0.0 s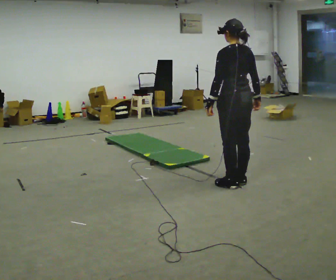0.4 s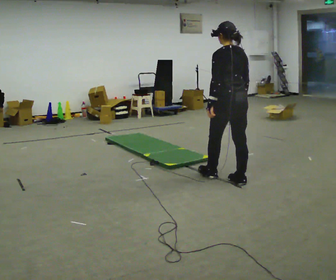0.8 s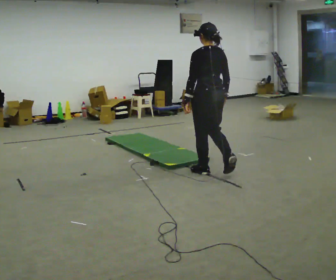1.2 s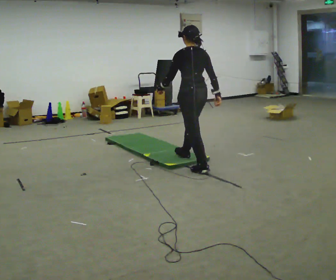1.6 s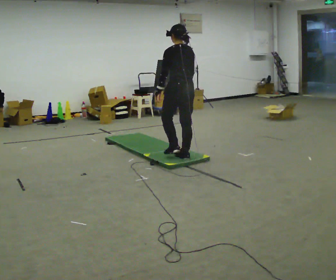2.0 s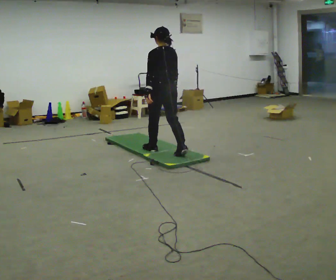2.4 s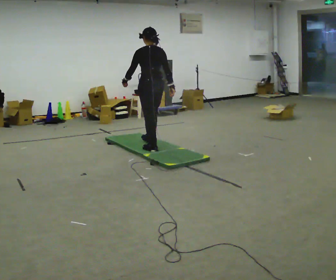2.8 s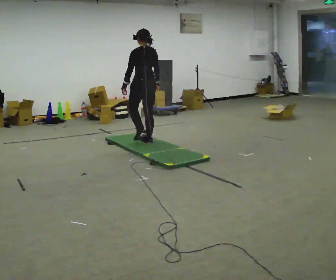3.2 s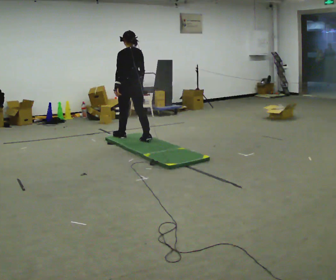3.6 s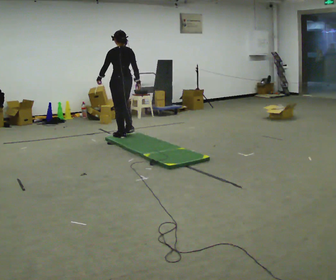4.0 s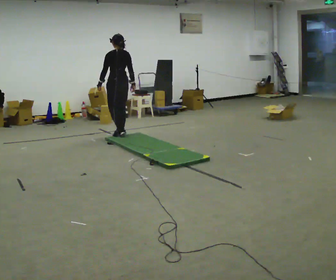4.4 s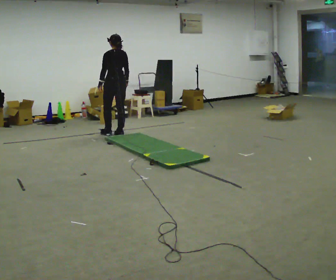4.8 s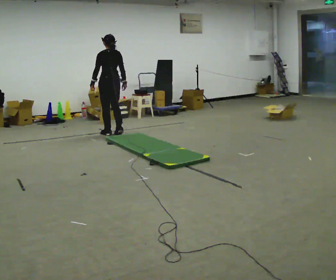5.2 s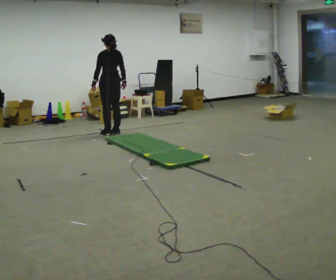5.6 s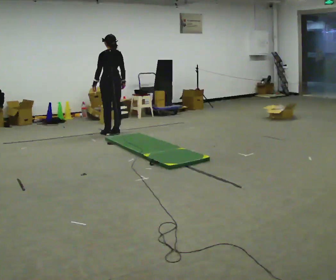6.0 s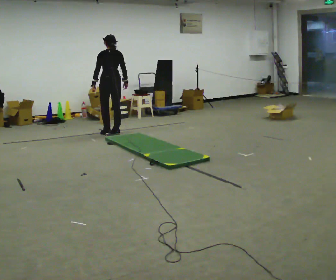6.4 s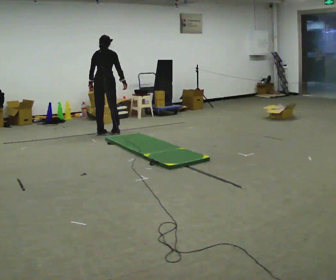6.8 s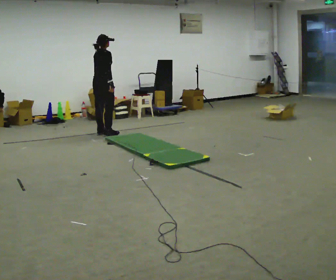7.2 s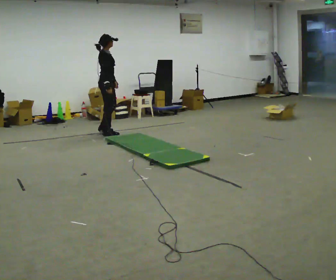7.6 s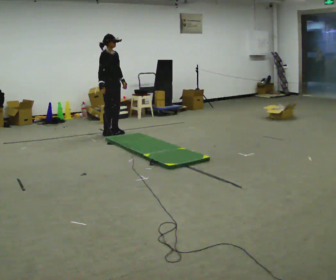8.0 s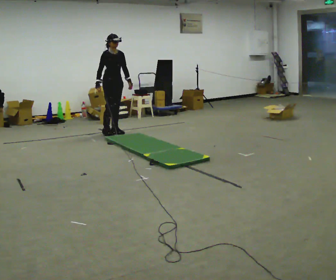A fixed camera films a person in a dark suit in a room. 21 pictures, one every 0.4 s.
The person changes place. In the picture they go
away from the camera.
0.0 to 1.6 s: In the picture they go away from the camera and to the left, about 1 m in 2 steps, which for them is forward.
1.6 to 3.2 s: In the picture they go away from the camera and to the left, about 1 m in 3 steps, which for them is forward.
3.2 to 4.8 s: In the picture they go away from the camera and to the left, about 0.75 m in 2 steps, which for them is forward.
4.8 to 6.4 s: The part of the body nearest the lens slides to the left as the person turns to their right by about 45 degrees.
6.4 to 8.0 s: The person turns about 120 degrees to their right, clockwise seen from above, so the part of the body nearest the lens slides to the left. In the picture their right hand goes to the left, the arm swinging clockwise.
The film runs forward here.
